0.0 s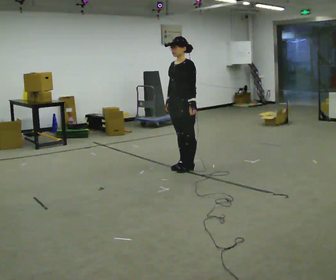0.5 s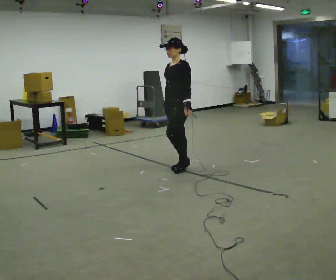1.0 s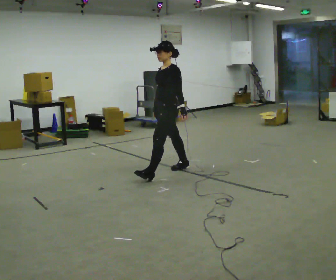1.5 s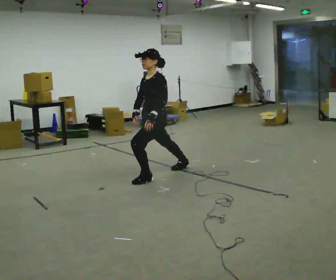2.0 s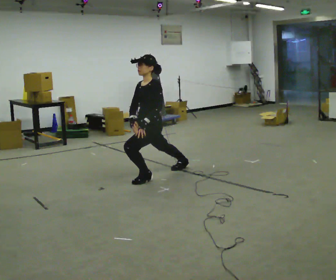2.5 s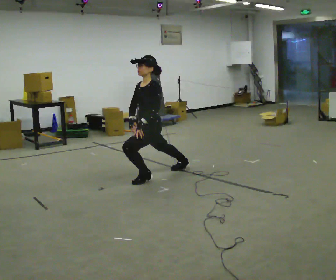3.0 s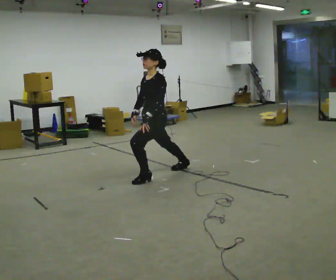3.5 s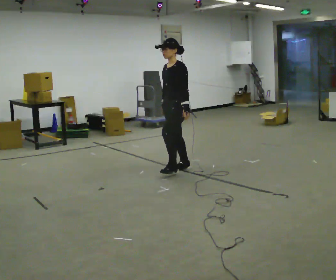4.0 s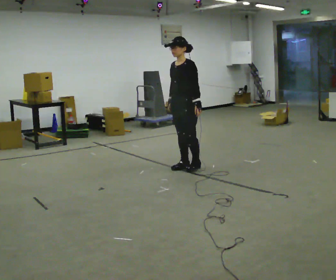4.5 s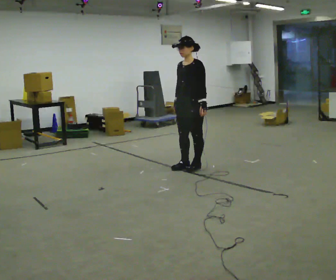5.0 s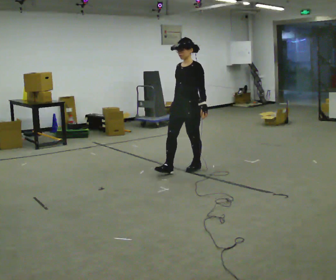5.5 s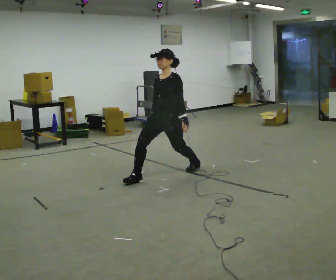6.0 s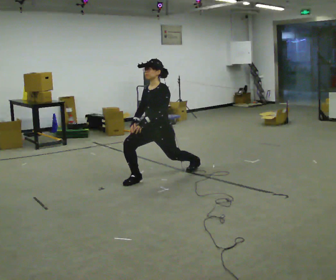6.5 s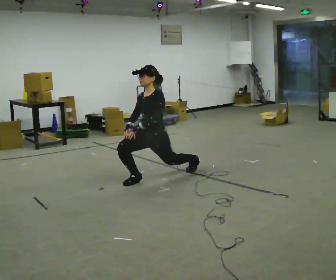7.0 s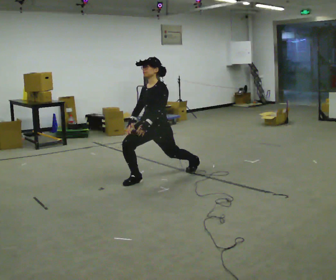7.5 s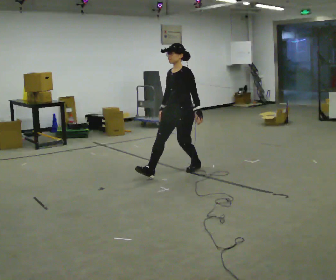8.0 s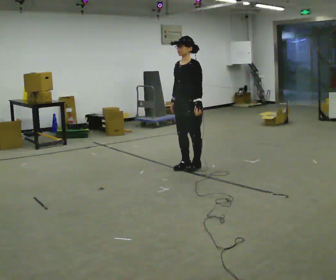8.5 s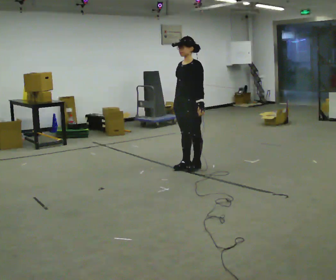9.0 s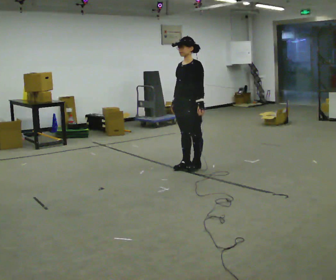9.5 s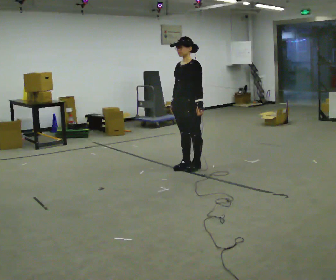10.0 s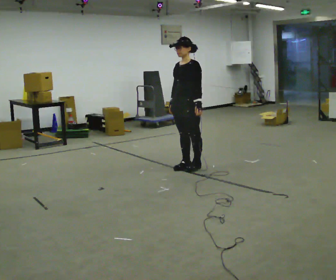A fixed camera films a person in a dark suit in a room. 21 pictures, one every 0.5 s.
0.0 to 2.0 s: In the picture they go toward the camera and to the left, about 0.5 m in 1 step, which for them is forward and to their left. The upper body goes downward.
2.0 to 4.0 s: In the picture they go to the right and away from the camera, about 0.5 m in 1 step, which for them is backward and to their right. The upper body goes upward.
4.0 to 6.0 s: In the picture they go toward the camera and to the left, about 0.5 m in 1 step, which for them is forward. The shoulders move downward.
6.0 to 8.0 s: In the picture they go to the right and away from the camera, about 0.5 m in 1 step, which for them is backward. The upper body goes upward.
8.0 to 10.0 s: The person moves a little, or ends about where they began.
The film runs forward here.
